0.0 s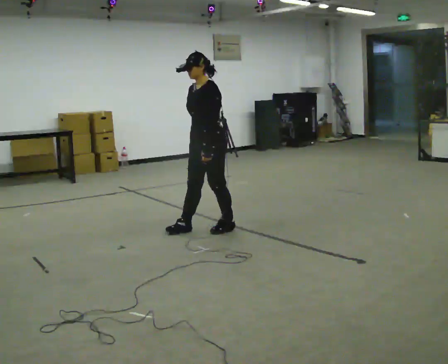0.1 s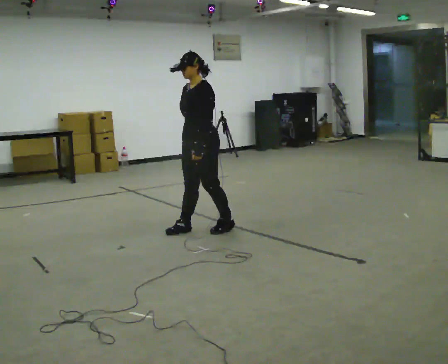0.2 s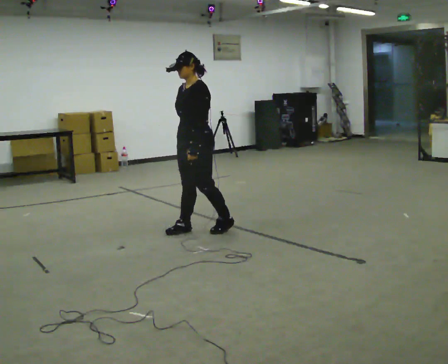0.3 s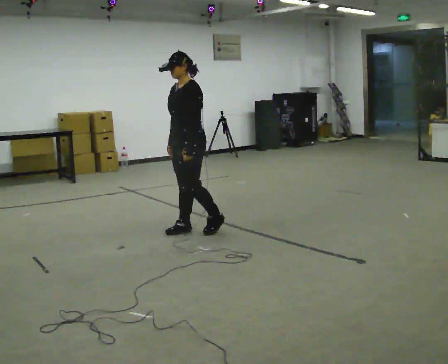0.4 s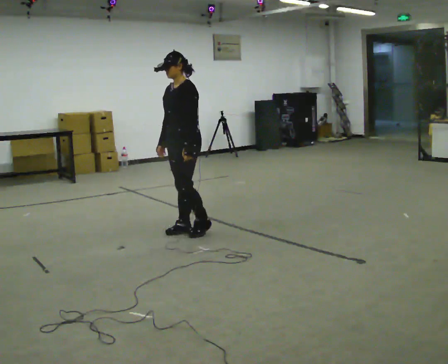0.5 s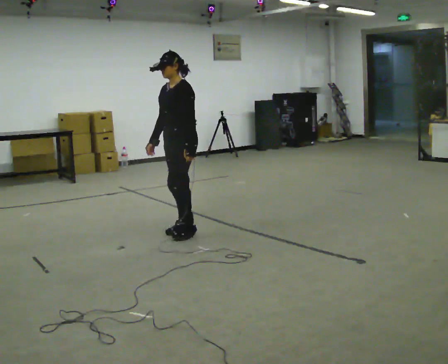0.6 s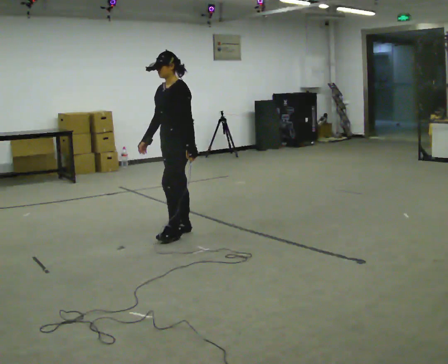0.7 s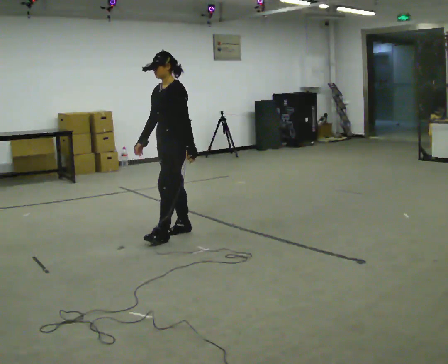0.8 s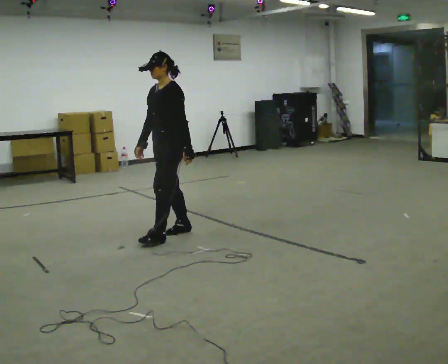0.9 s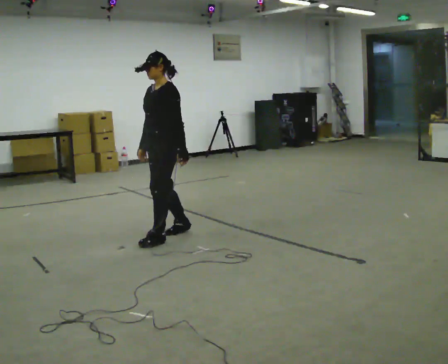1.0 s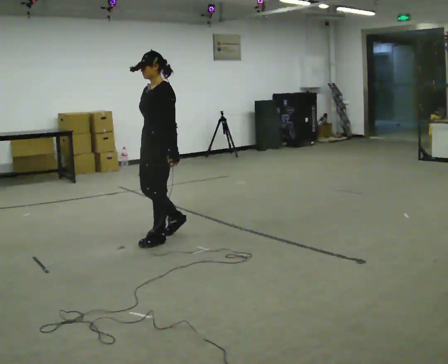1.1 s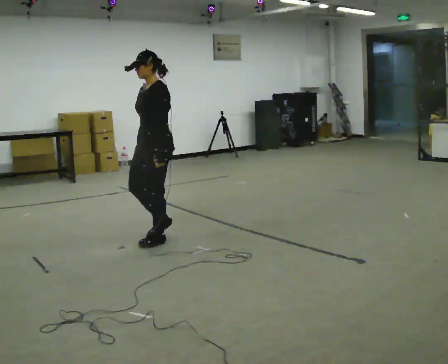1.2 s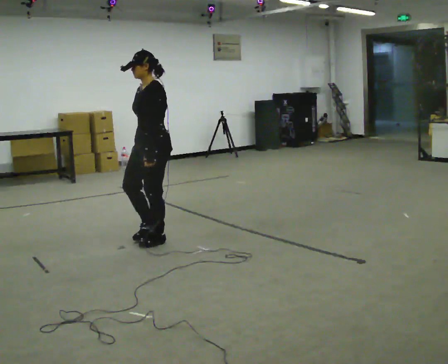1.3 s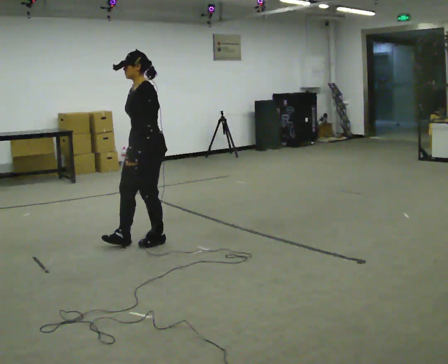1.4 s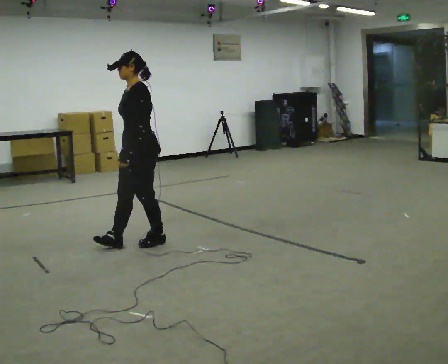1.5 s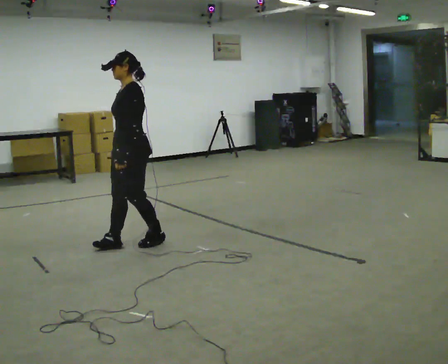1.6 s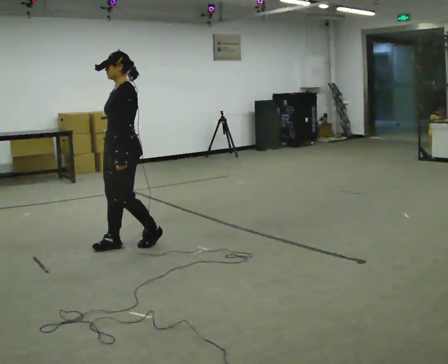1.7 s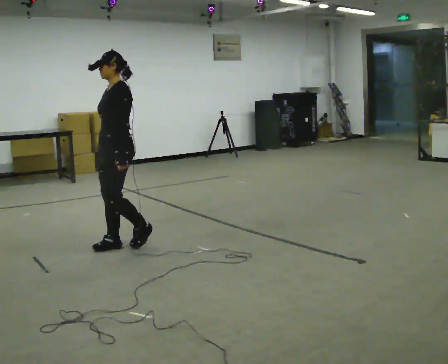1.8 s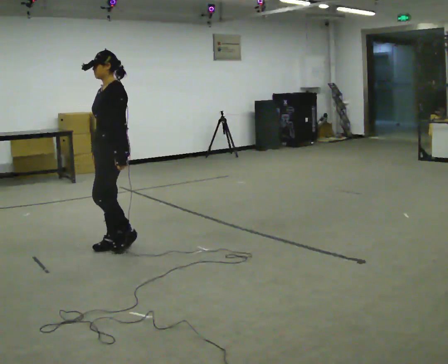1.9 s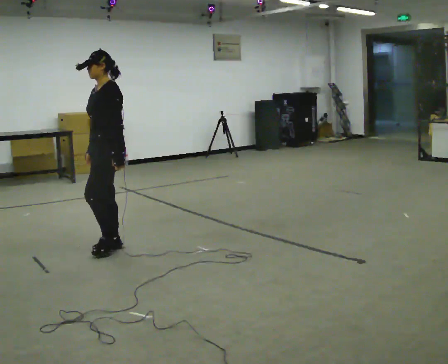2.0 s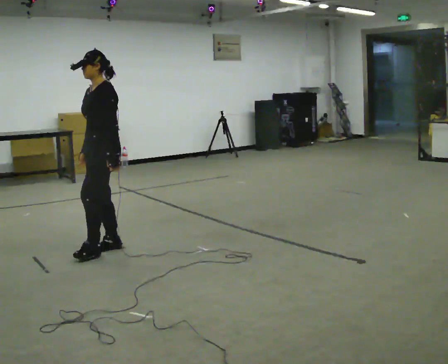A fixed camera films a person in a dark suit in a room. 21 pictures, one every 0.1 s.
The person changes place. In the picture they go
to the left.
0.0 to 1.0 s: In the picture they go to the left and toward the camera, about 0.5 m in 2 steps, which for them is forward.
1.0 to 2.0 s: In the picture they go to the left and toward the camera, about 0.5 m in 1 step, which for them is forward.
The film runs backward here.
